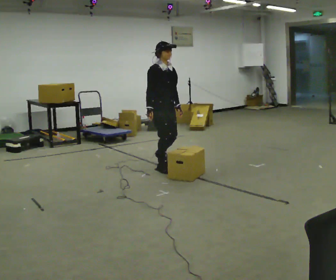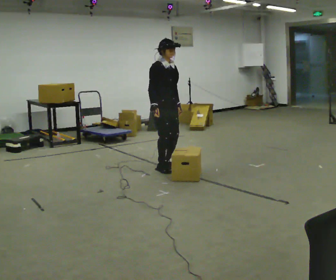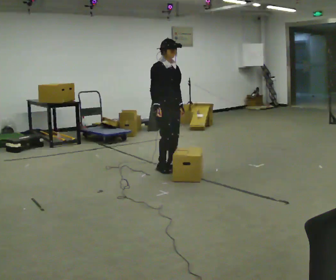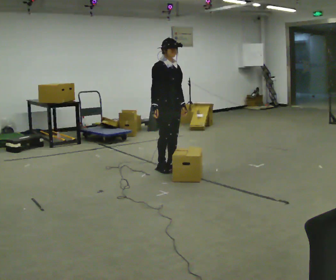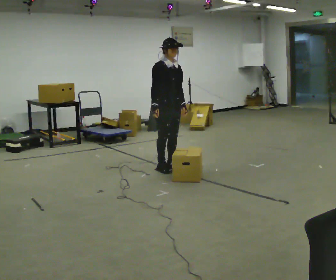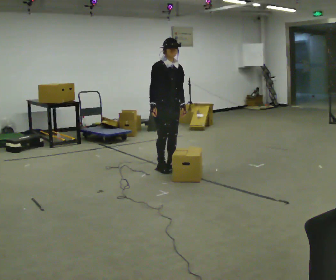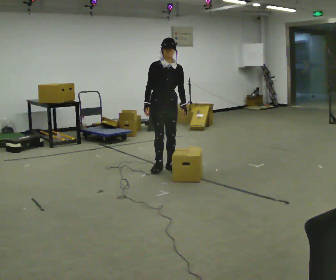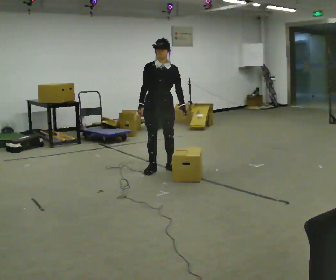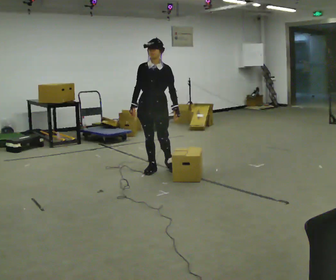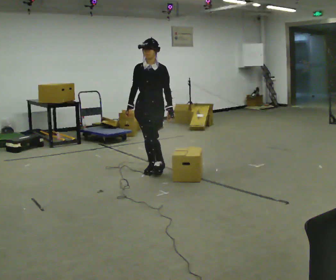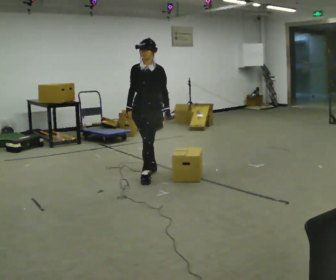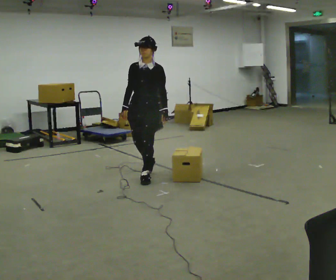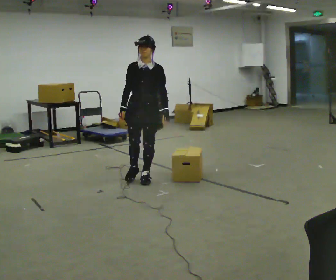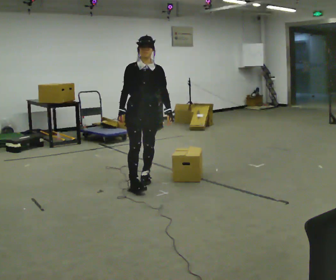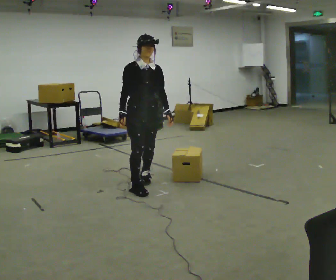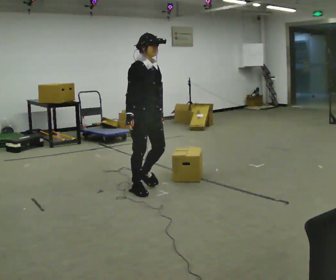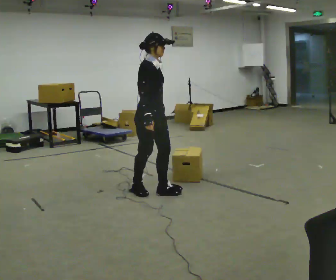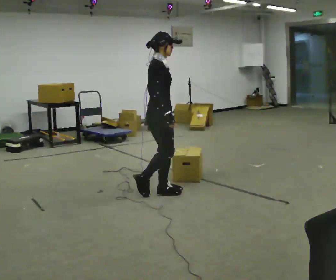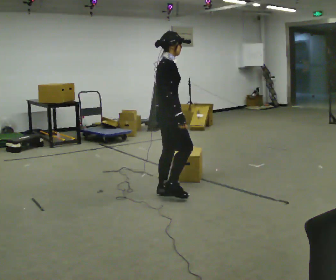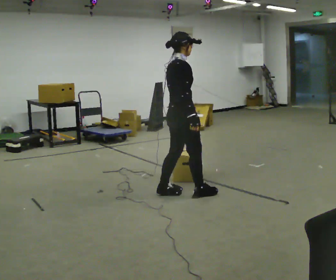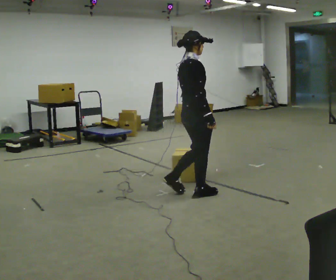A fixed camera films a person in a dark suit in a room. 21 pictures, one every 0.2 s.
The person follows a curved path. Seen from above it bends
counterclockwise.
The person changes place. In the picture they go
toward the camera.
0.0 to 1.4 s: The person turns about 45 degrees to their right, clockwise seen from above, so the part of the body nearest the lens slides to the left.
1.4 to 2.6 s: In the picture they go toward the camera, about 0.5 m in 1 step, which for them is forward.
2.6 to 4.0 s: Seen from above the body turns counterclockwise, about 90 degrees: to their left, with its near side sliding to the right. In the picture they go to the right and toward the camera, about 0.75 m in 3 steps.
The film runs forward here.
